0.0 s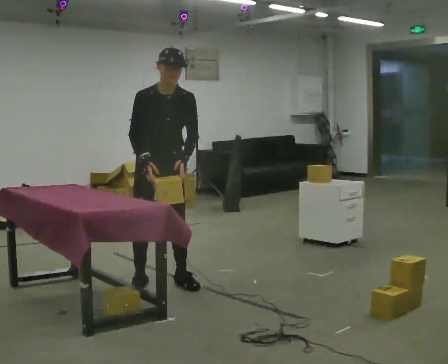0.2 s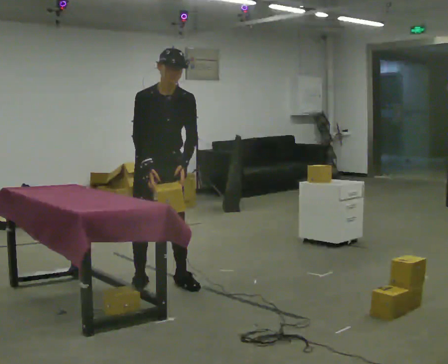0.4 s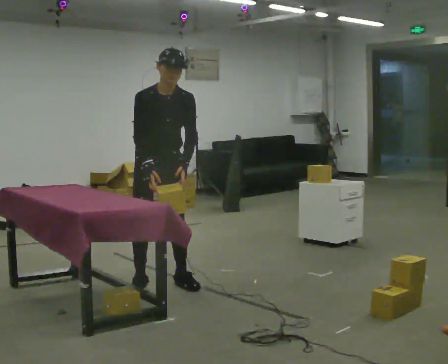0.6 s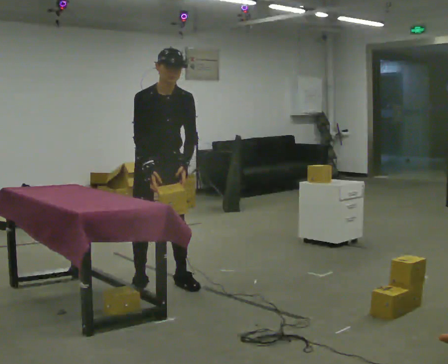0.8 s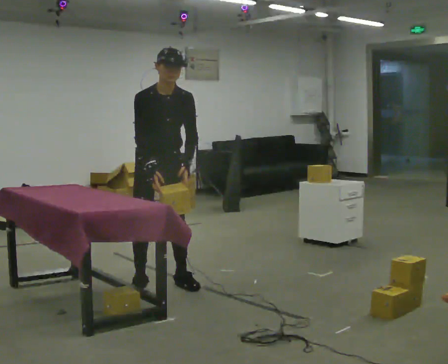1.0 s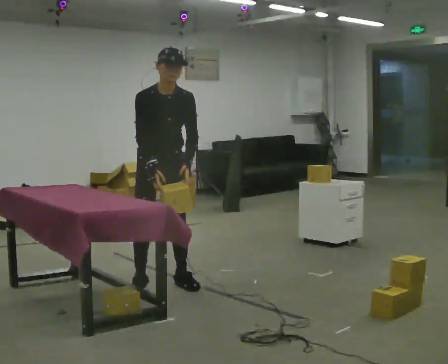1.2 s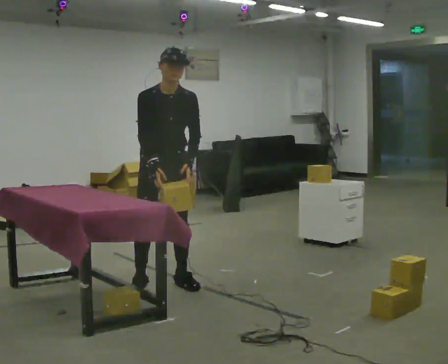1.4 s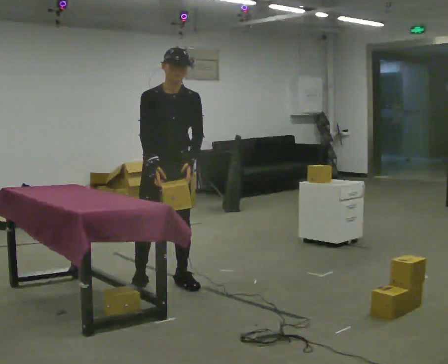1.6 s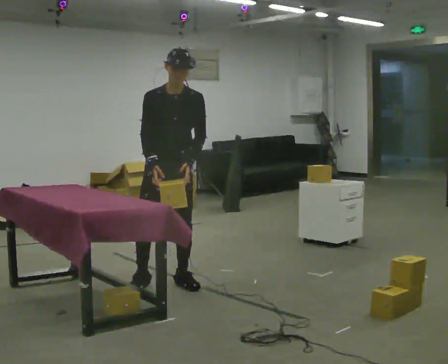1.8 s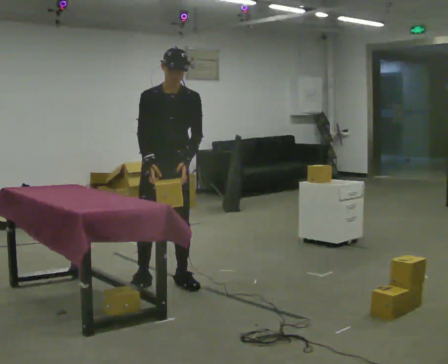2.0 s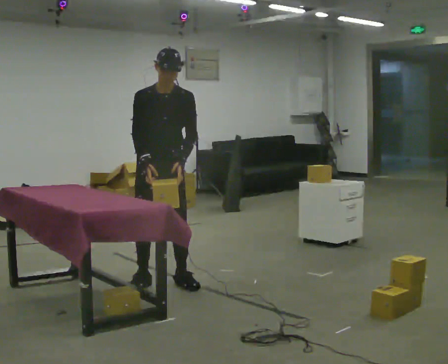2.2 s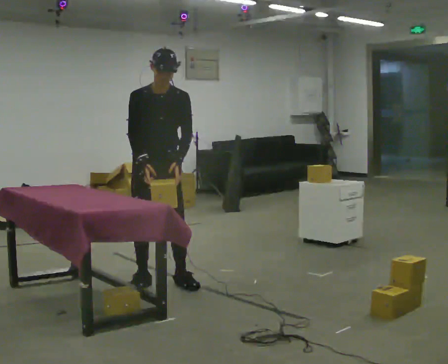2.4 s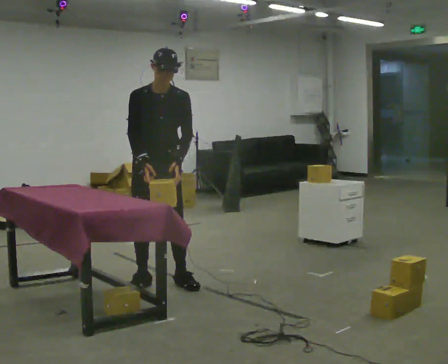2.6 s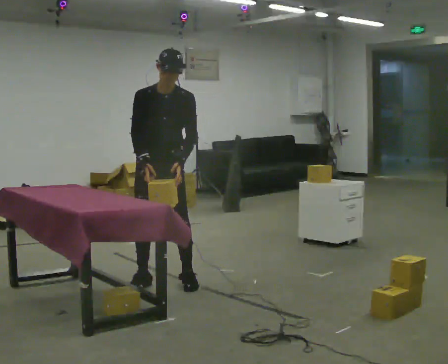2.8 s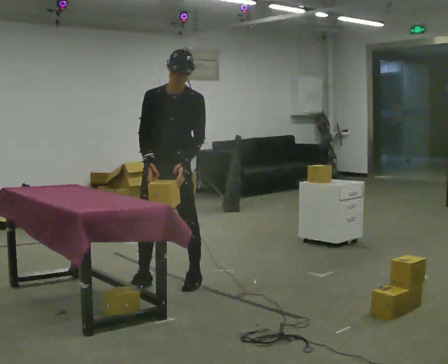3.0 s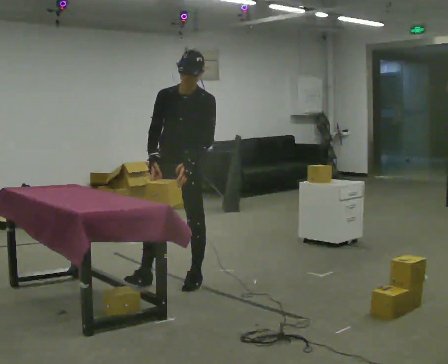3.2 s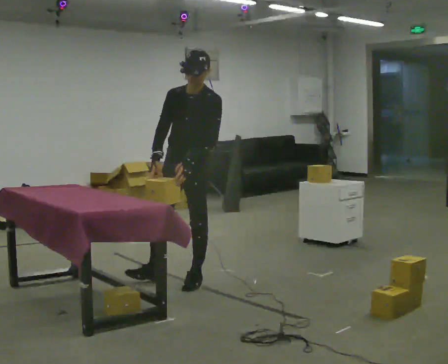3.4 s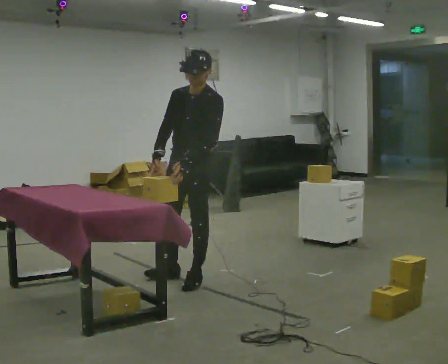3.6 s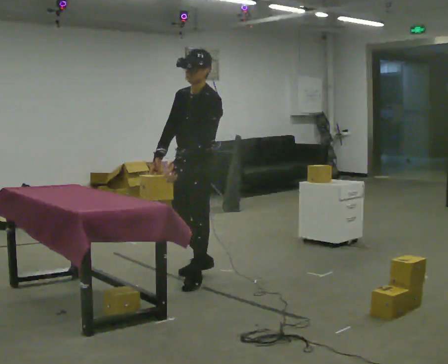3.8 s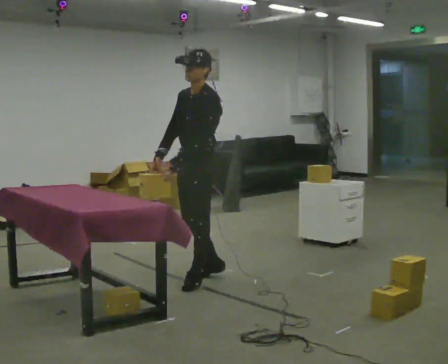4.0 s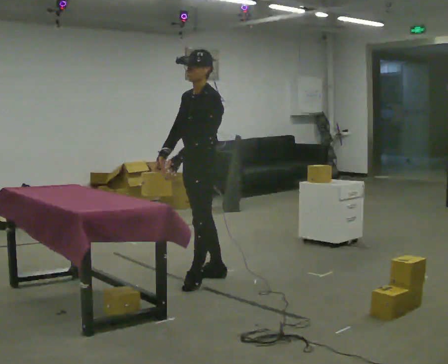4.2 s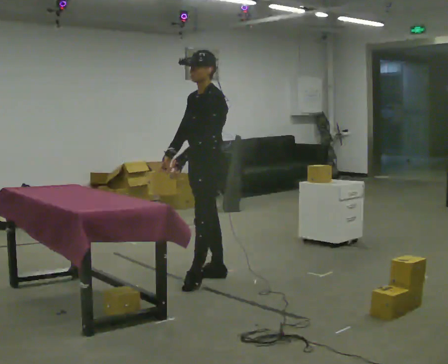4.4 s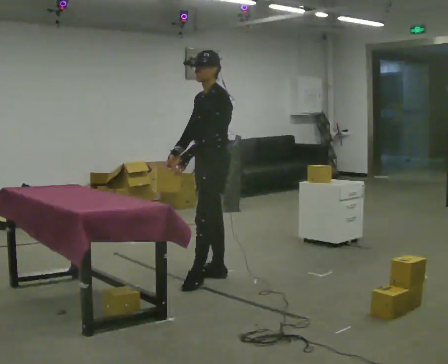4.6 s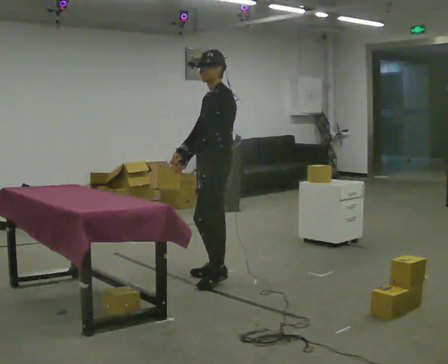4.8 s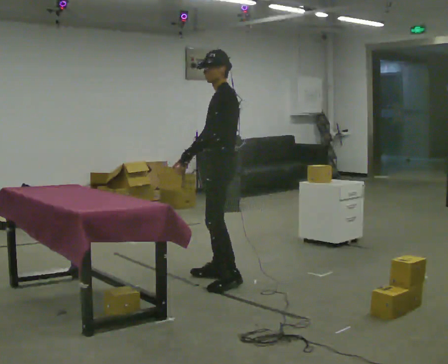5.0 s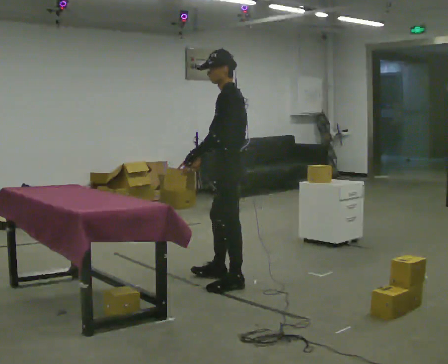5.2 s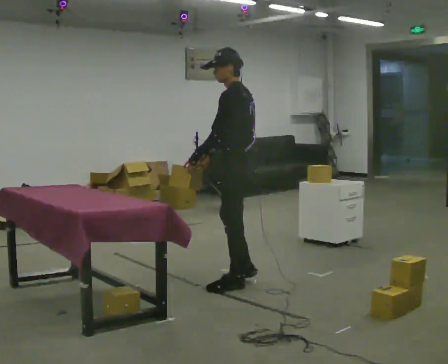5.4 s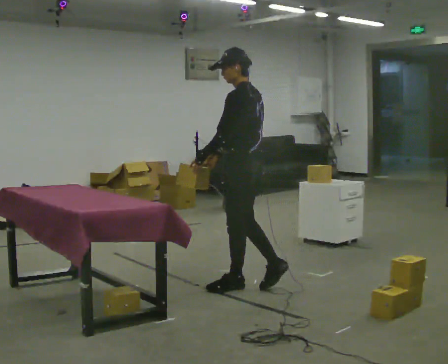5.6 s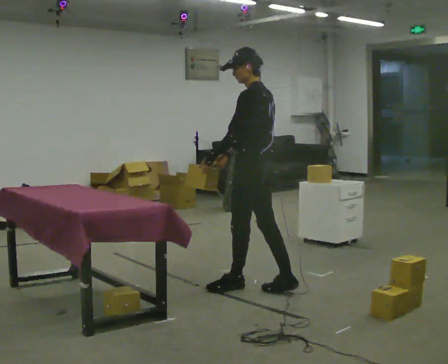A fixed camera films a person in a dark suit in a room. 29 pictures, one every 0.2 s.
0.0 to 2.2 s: The person moves a little, or ends about where they began.
2.2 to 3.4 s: The part of the body nearest the lens slides to the left as the person turns to their right by about 45 degrees. In the picture they go to the right, about 0.25 m in 1 step, which for them is to their left.
3.4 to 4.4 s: The part of the body nearest the lens slides to the left as the person turns to their right by about 30 degrees. In the picture they go to the right, about 0.25 m in 1 step, which for them is backward.
4.4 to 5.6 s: The person turns about 45 degrees to their right, clockwise seen from above, so the part of the body nearest the lens slides to the left. In the picture they go toward the camera and to the right, about 0.5 m in 1 step, which for them is backward and to their left.
The film runs backward here.
